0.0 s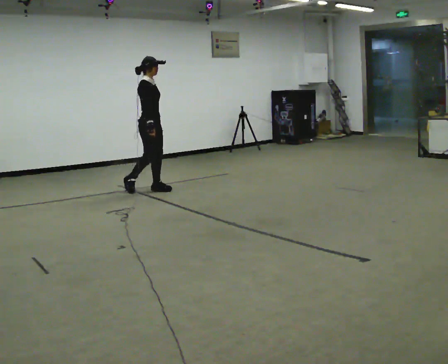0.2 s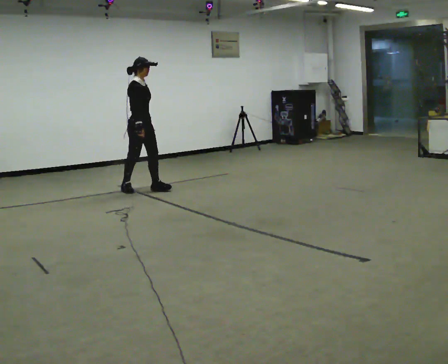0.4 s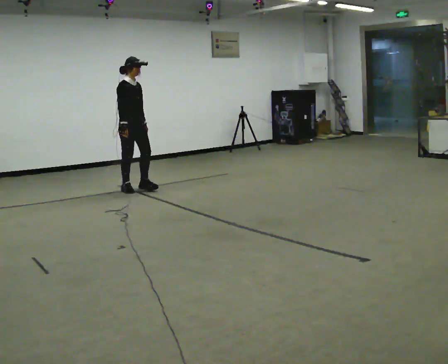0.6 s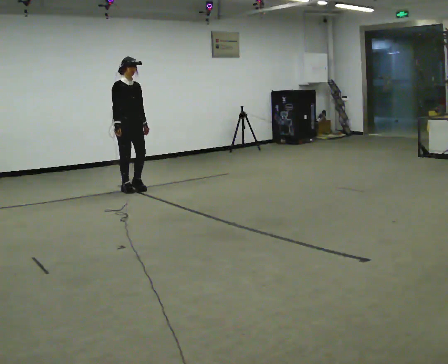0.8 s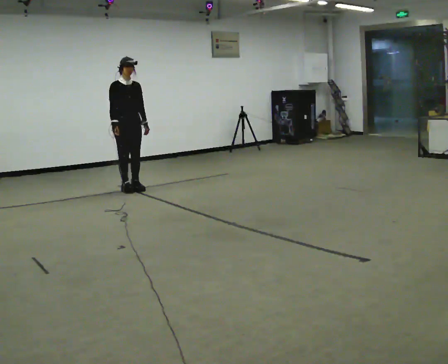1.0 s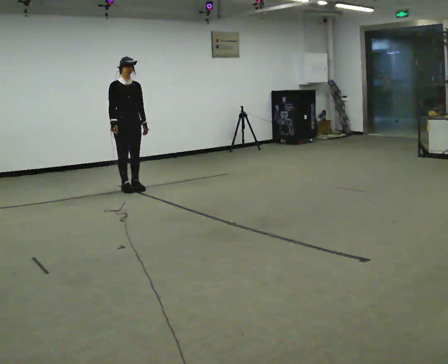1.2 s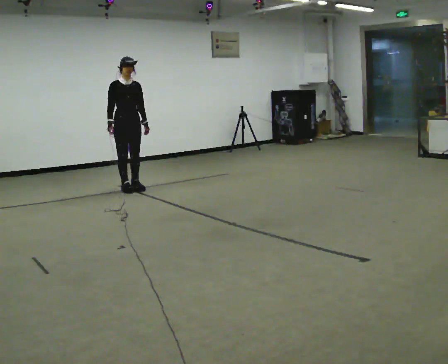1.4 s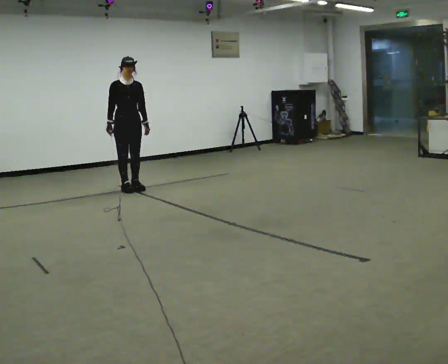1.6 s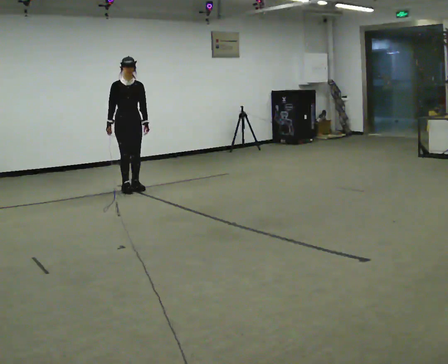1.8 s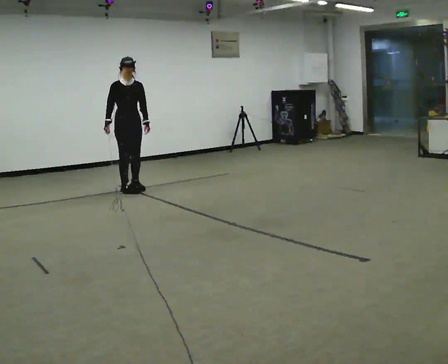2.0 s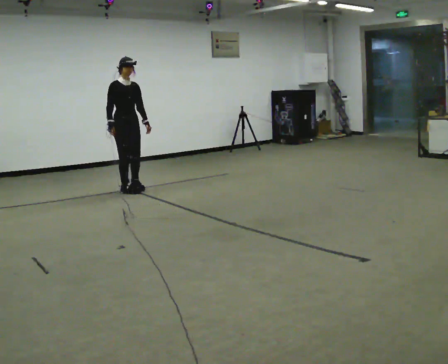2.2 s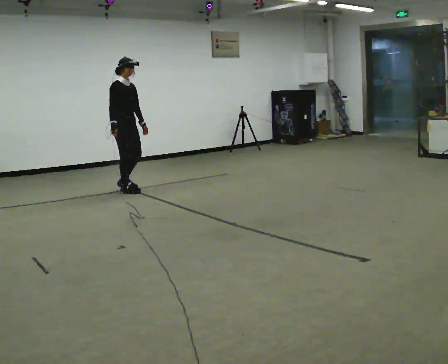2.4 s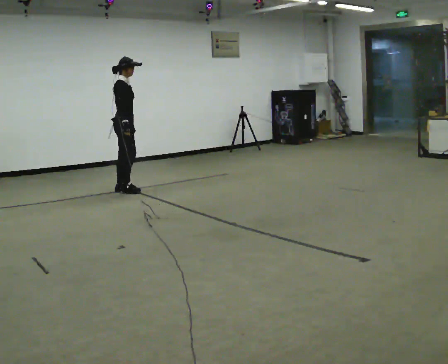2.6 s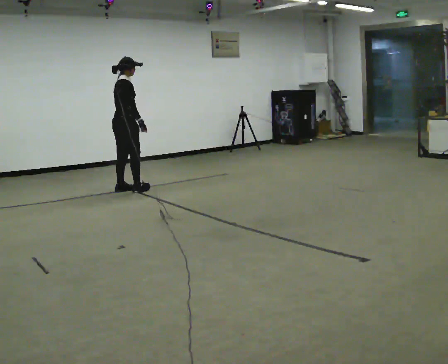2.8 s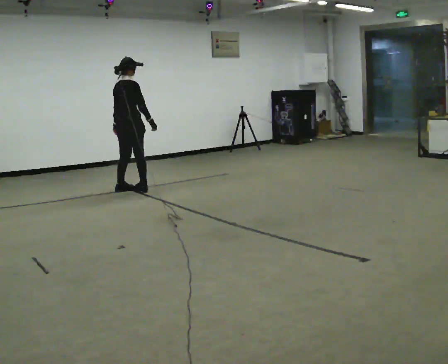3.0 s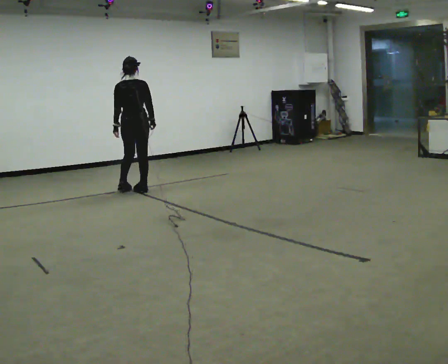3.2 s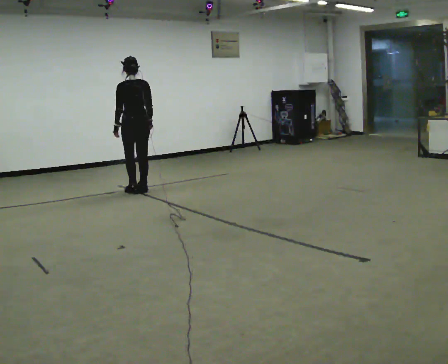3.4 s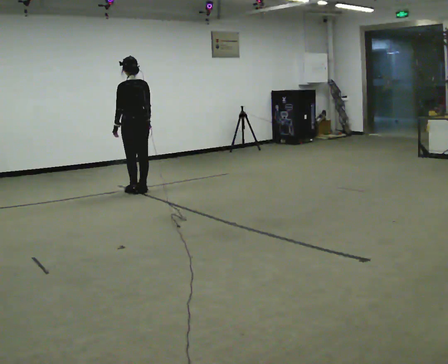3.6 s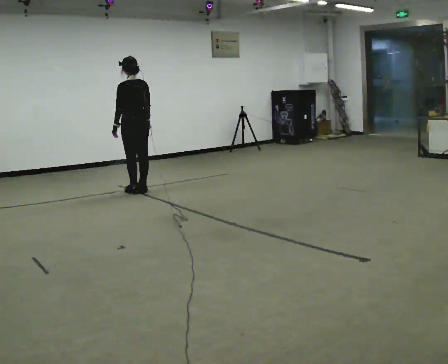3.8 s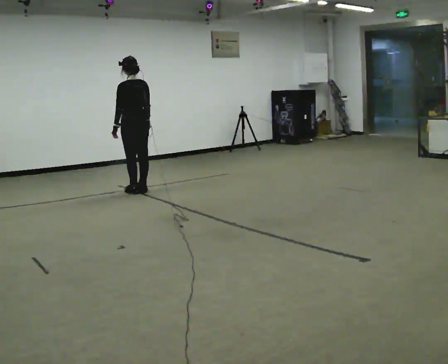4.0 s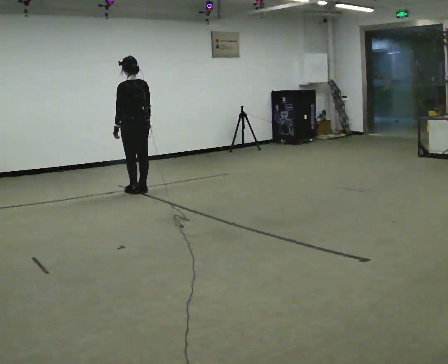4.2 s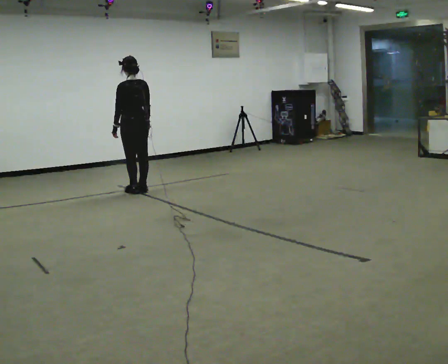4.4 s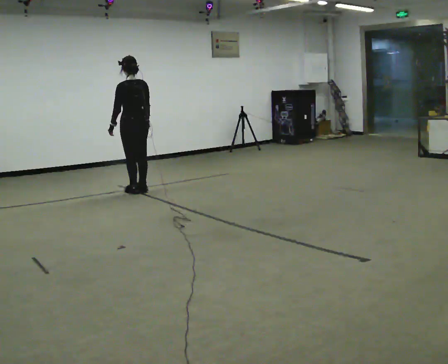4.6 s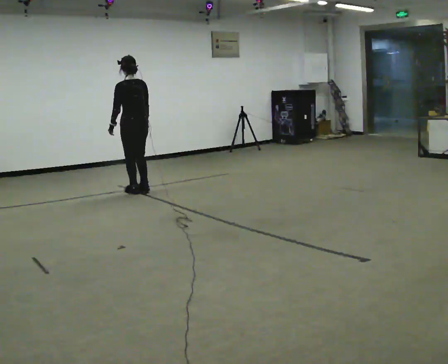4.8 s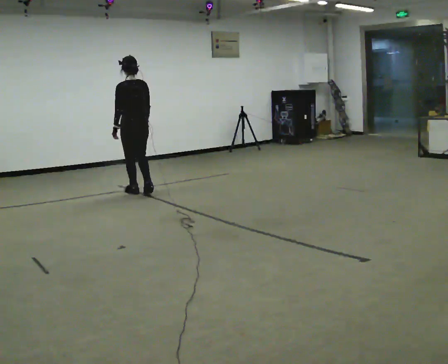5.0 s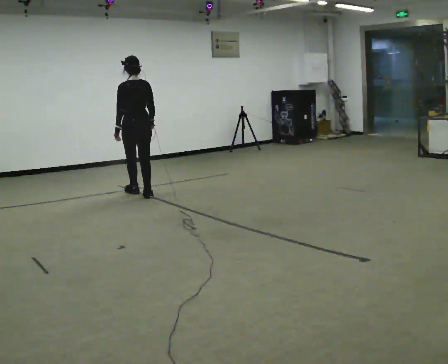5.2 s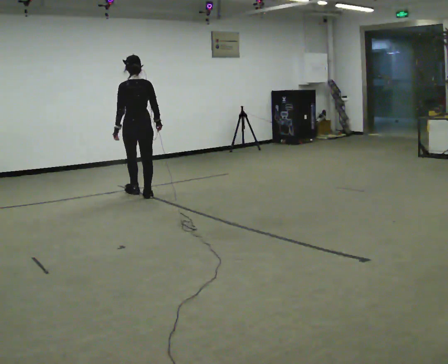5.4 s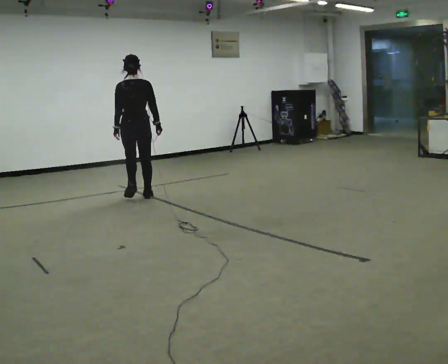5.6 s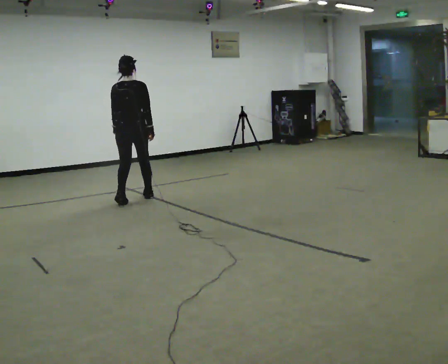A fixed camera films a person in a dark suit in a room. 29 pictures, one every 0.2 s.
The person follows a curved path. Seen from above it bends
counterclockwise.
0.0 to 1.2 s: The part of the body nearest the lens slides to the left as the person turns to their right by about 45 degrees. In the picture they go to the left, about 0.25 m in 1 step, which for them is backward and to their right.
1.2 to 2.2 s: The part of the body nearest the lens slides to the right as the person turns to their left by about 30 degrees.
2.2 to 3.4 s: Seen from above the body turns counterclockwise, about 150 degrees: to their left, with its near side sliding to the right. In the picture their right hand goes to the right.
3.4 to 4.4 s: The person moves a little, or ends about where they began.
4.4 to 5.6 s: Seen from above the body turns clockwise, about 45 degrees: to their right, with its near side sliding to the left. In the picture they go toward the camera, about 0.5 m in 2 steps, which for them is backward and to their left.
The film runs backward here.
